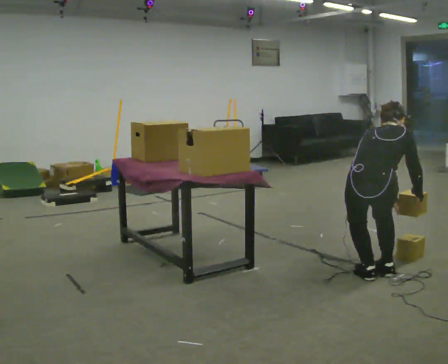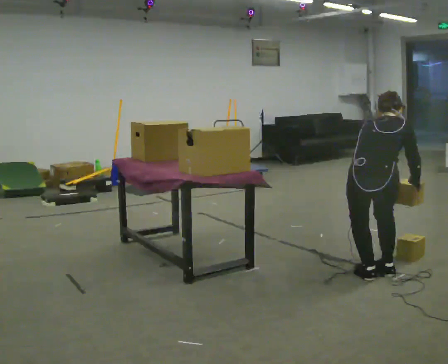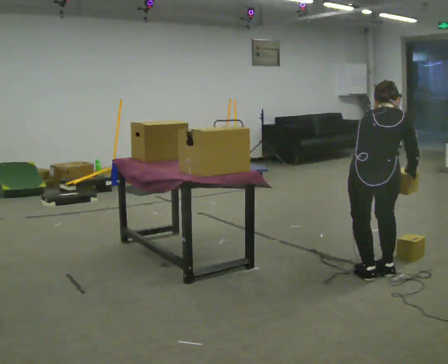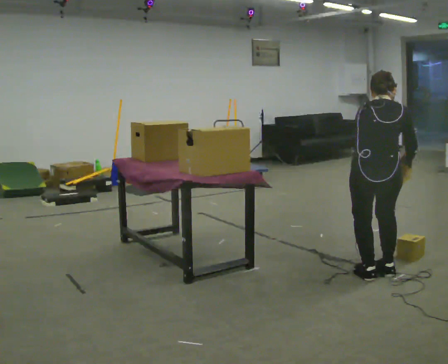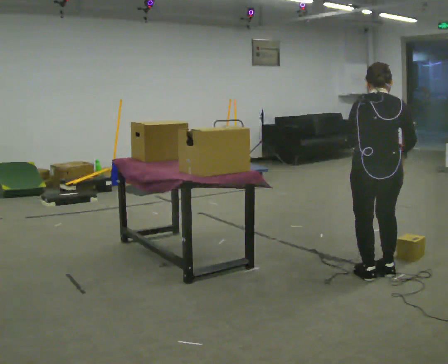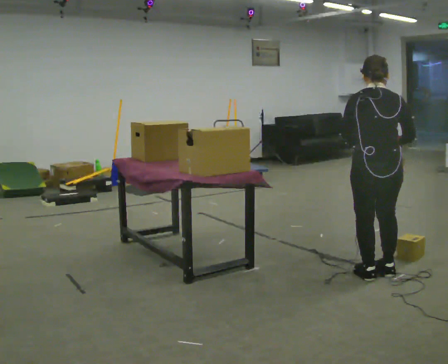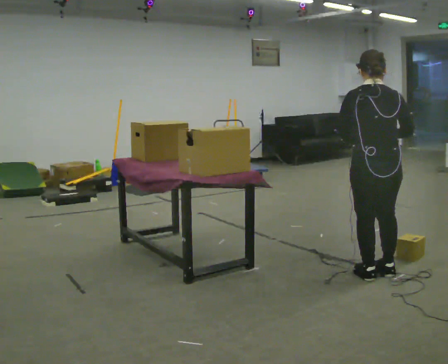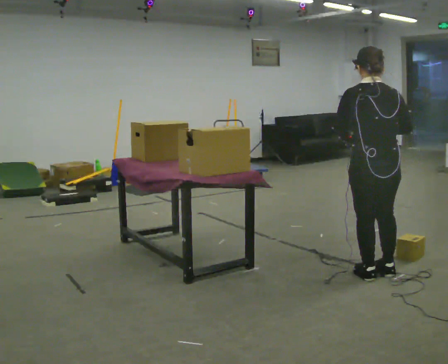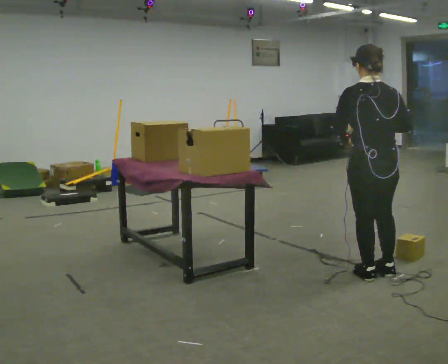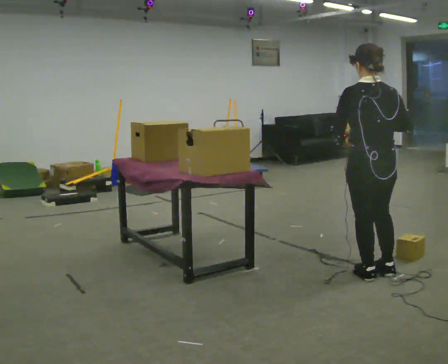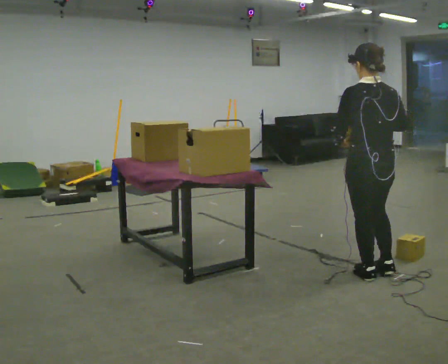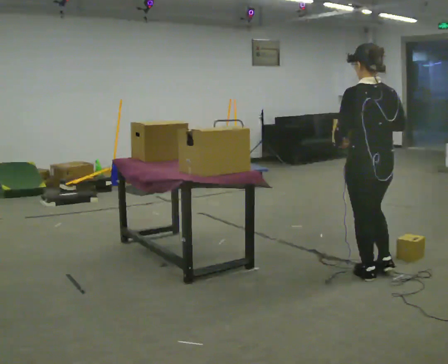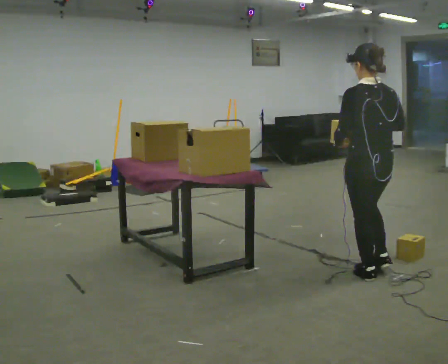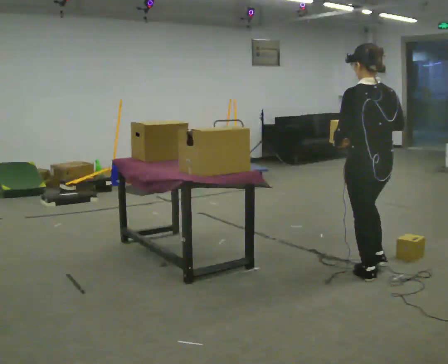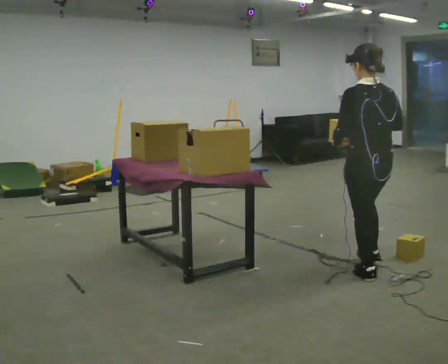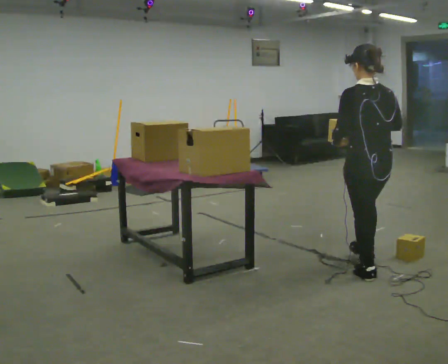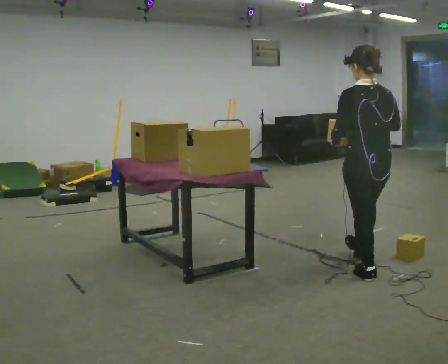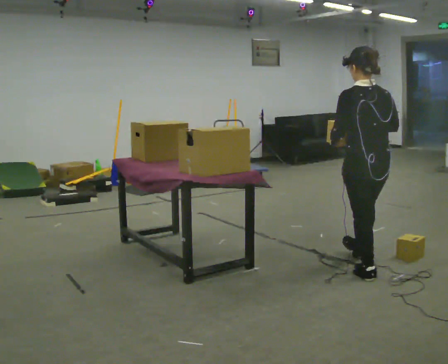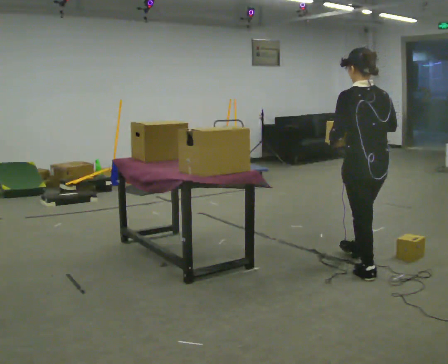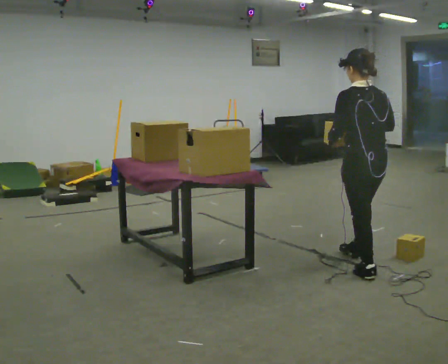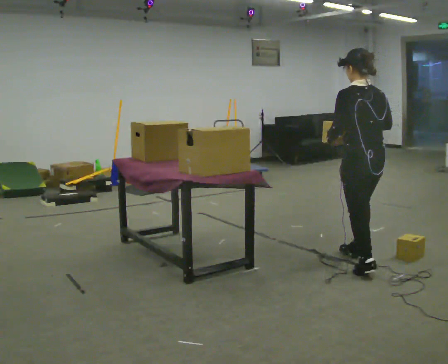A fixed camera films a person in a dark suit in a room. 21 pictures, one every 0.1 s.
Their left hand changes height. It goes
upward.
The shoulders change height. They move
upward.
0.0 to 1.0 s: The person turns about 45 degrees to their left, counterclockwise seen from above, so the part of the body nearest the lens slides to the right. The shoulders move upward. The upper body tips toward the camera, its near side rolling downward, as they lean back or straighten. In the picture their right hand goes upward and to the left.
1.0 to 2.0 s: In the picture they go away from the camera, about 0.25 m in 1 step, which for them is forward.
The film runs forward here.
